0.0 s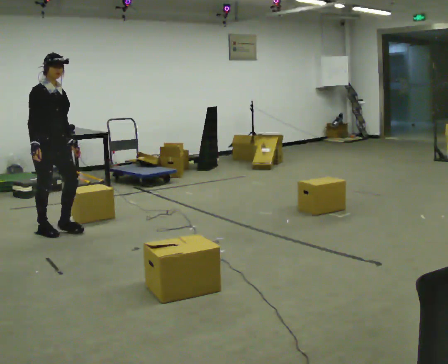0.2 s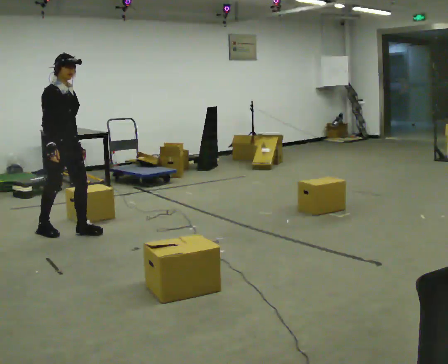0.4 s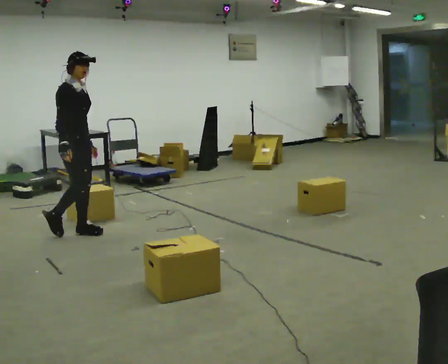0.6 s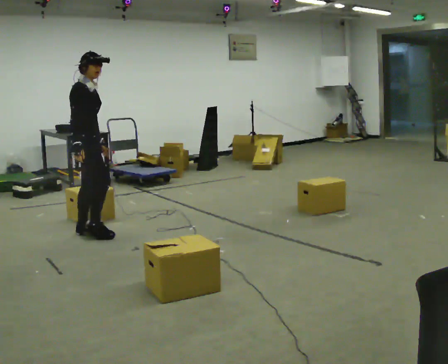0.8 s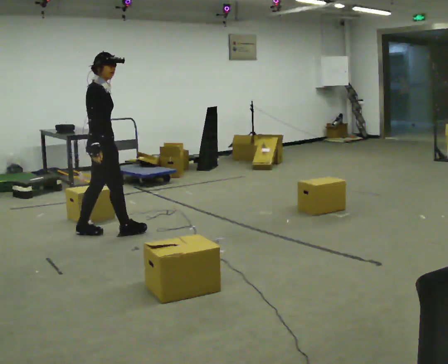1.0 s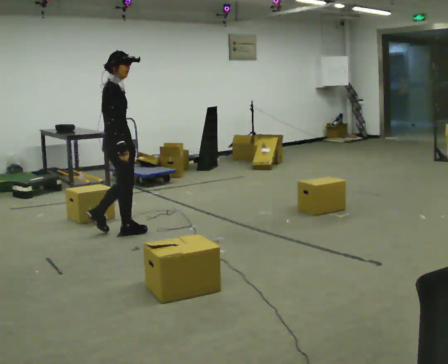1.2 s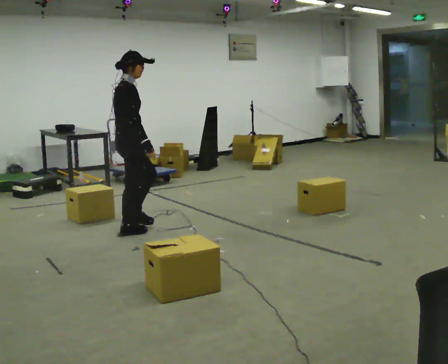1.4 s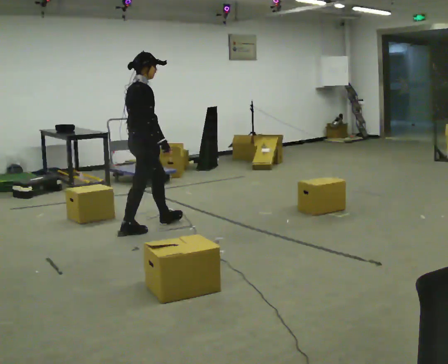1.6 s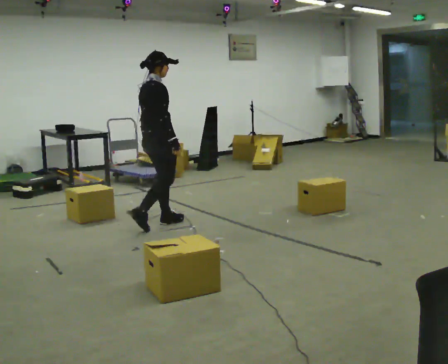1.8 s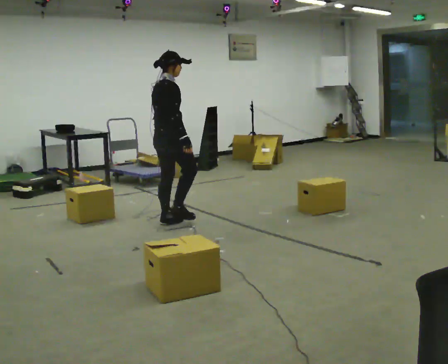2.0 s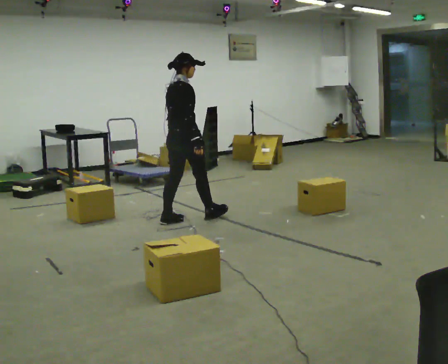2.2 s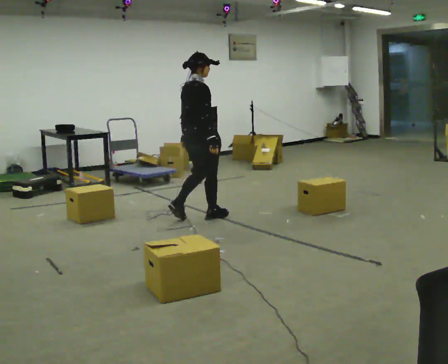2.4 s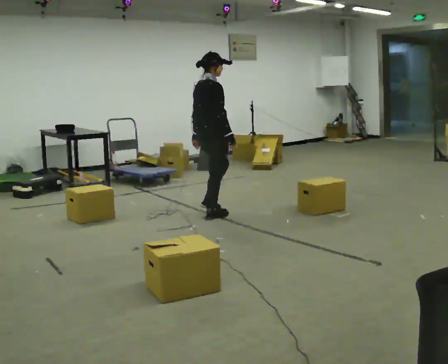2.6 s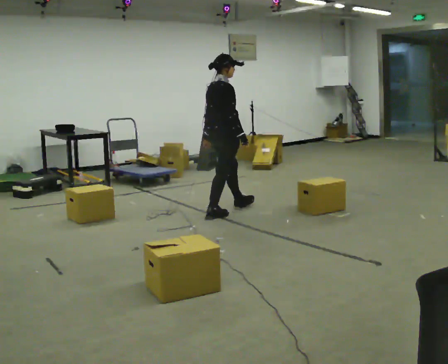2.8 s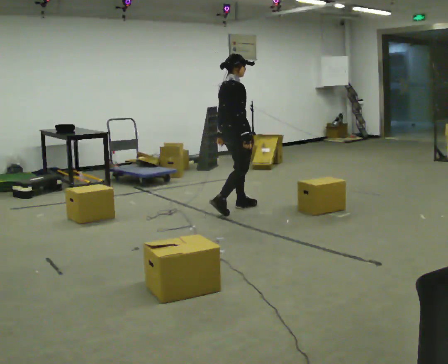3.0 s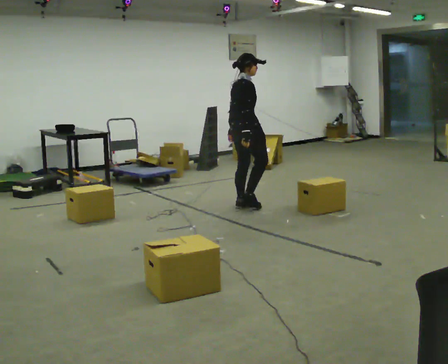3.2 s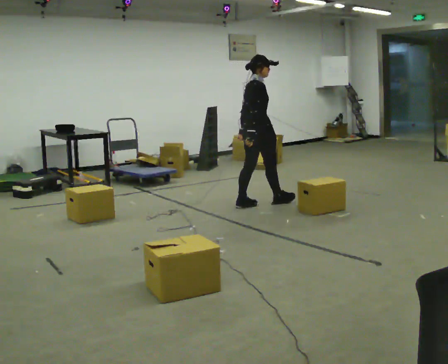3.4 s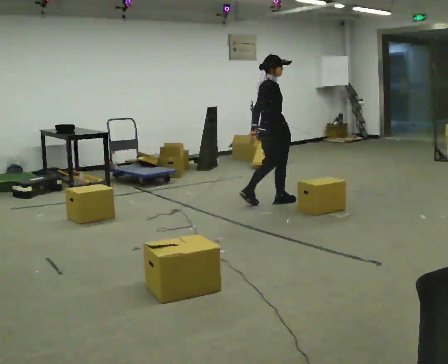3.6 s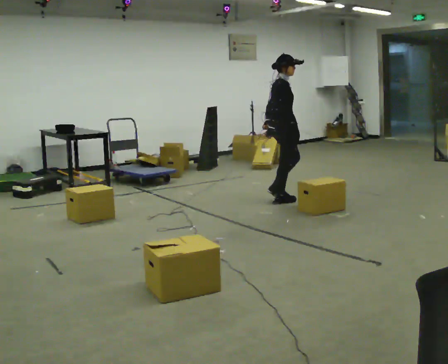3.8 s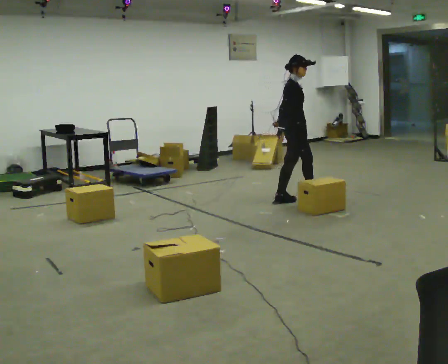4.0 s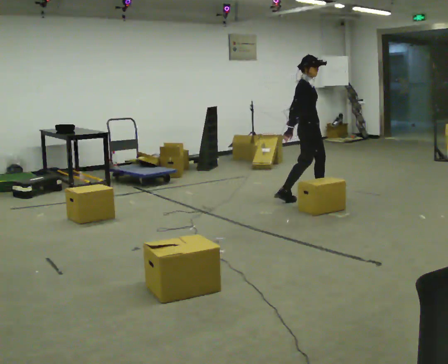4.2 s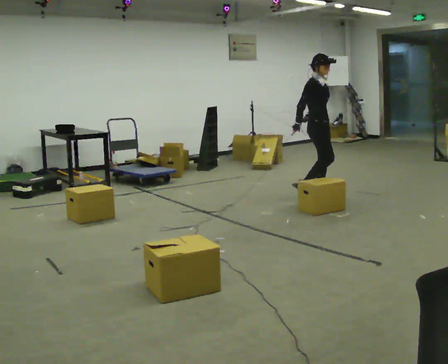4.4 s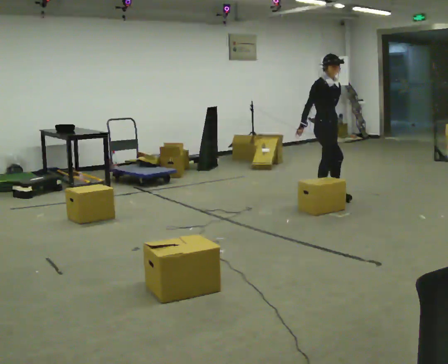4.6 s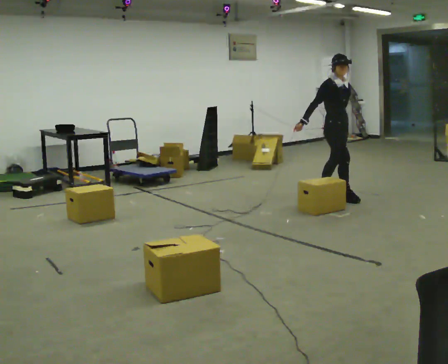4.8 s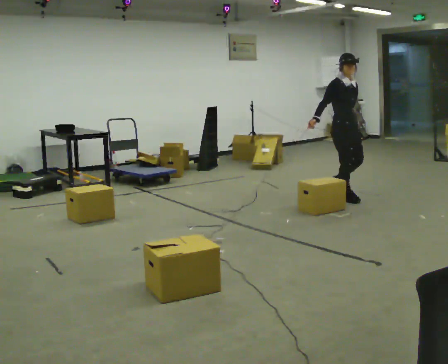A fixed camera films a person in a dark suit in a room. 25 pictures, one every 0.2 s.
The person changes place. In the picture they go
to the right.
0.0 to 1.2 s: The part of the body nearest the lens slides to the right as the person turns to their left by about 45 degrees. In the picture they go to the right, about 0.5 m in 2 steps, which for them is forward.
1.2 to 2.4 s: In the picture they go to the right and away from the camera, about 1 m in 2 steps, which for them is forward.
2.4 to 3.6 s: The part of the body nearest the lens slides to the left as the person turns to their right by about 30 degrees. In the picture they go to the right and away from the camera, about 1 m in 2 steps, which for them is forward.
3.6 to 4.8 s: Seen from above the body turns clockwise, about 60 degrees: to their right, with its near side sliding to the left. In the picture they go to the right, about 0.75 m in 2 steps, which for them is forward.
The film runs forward here.
